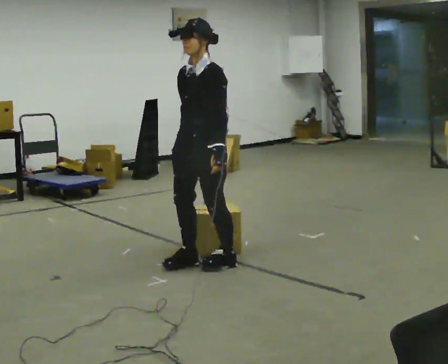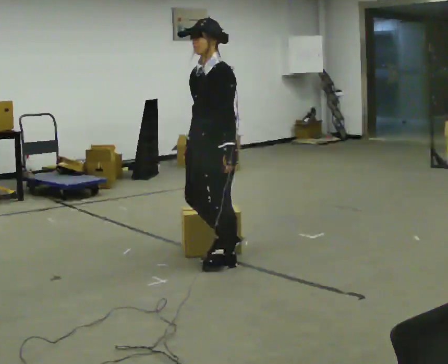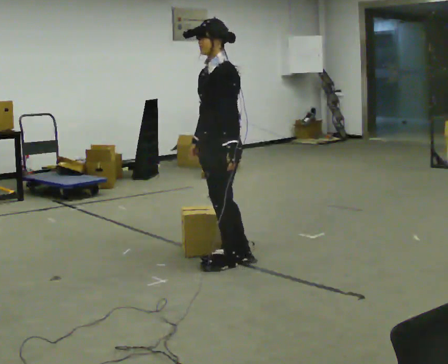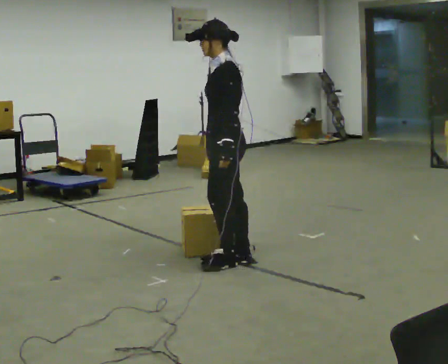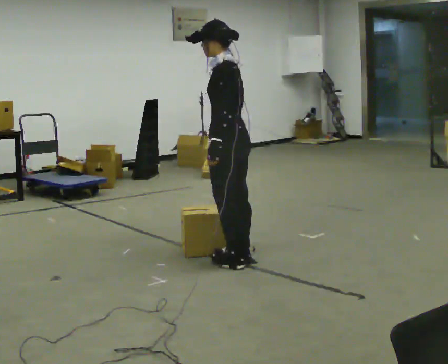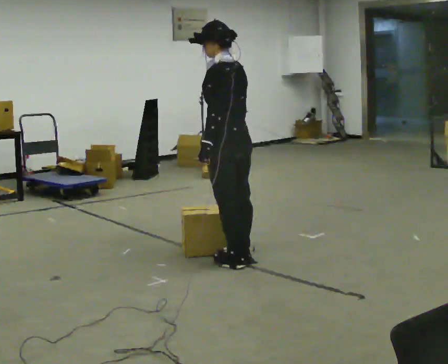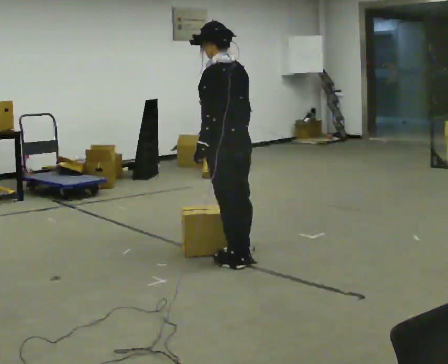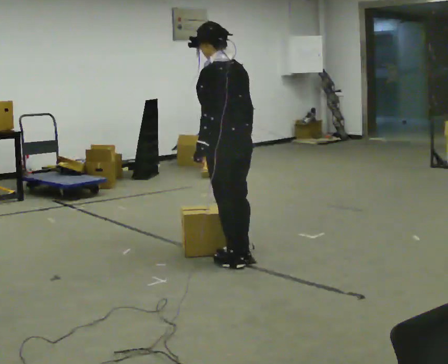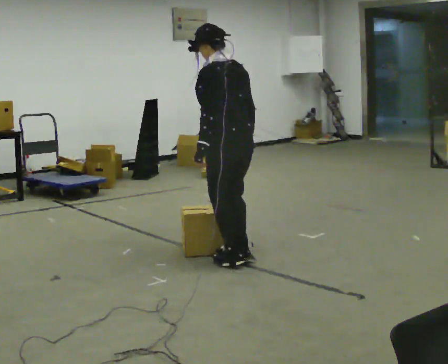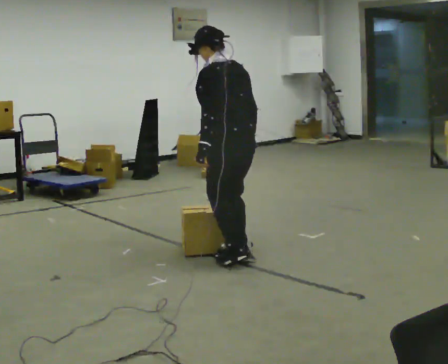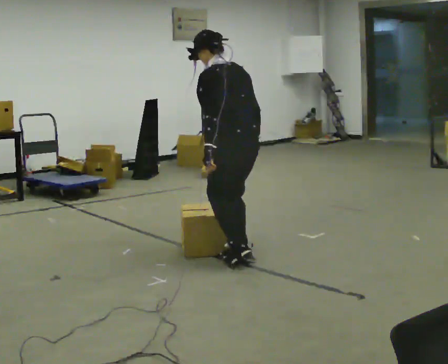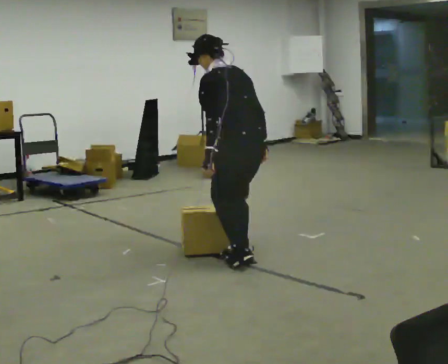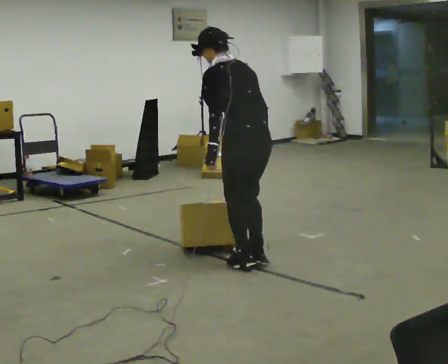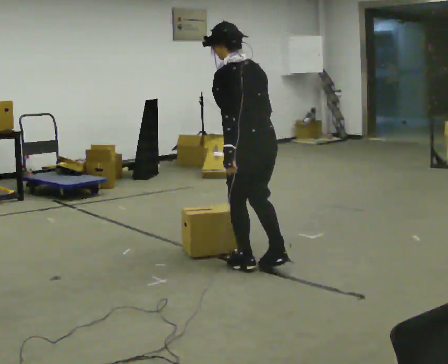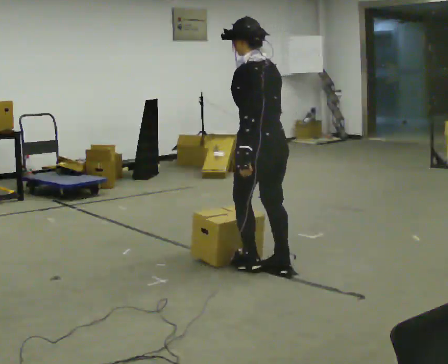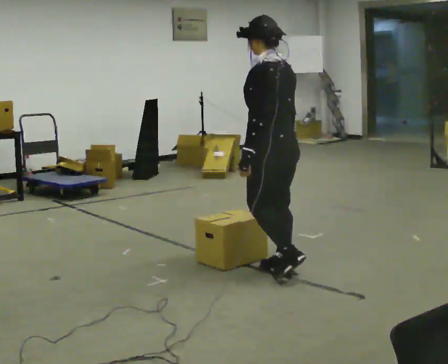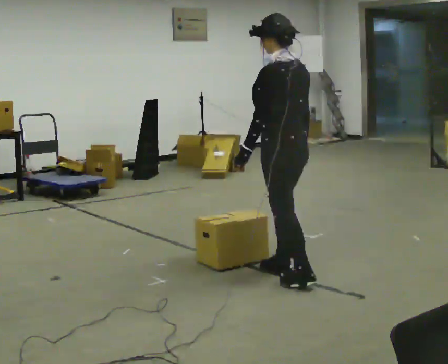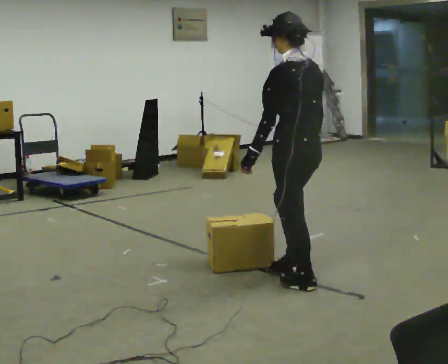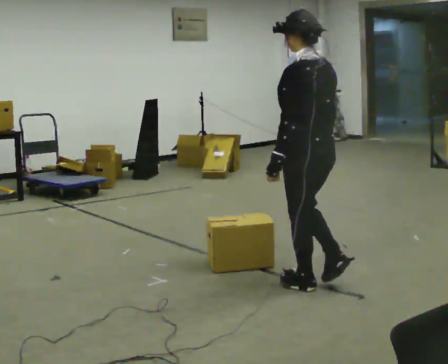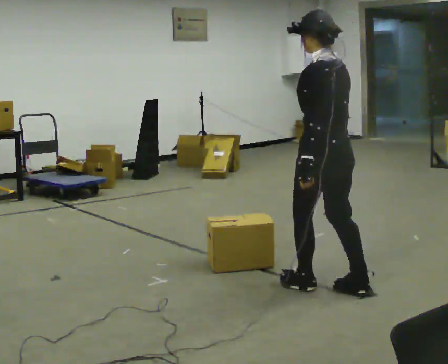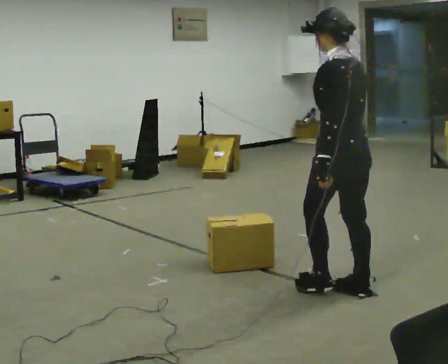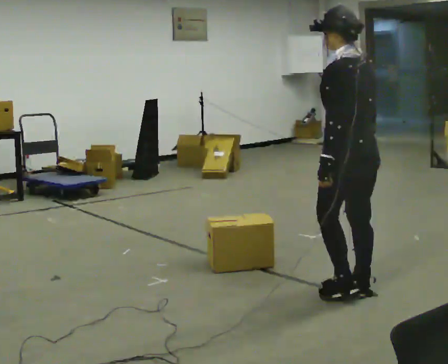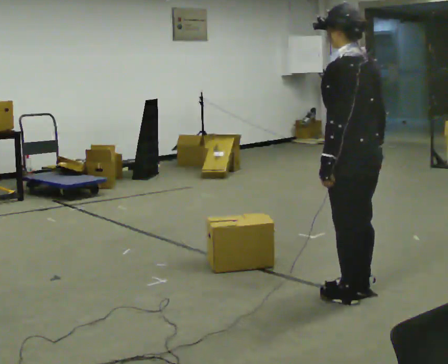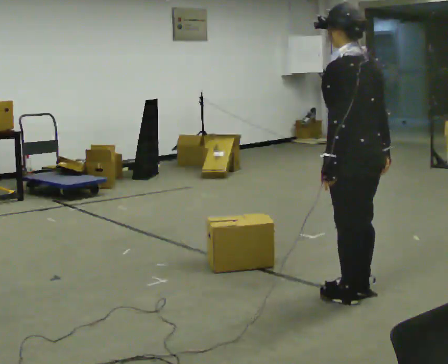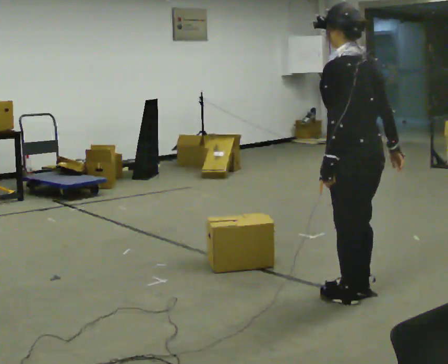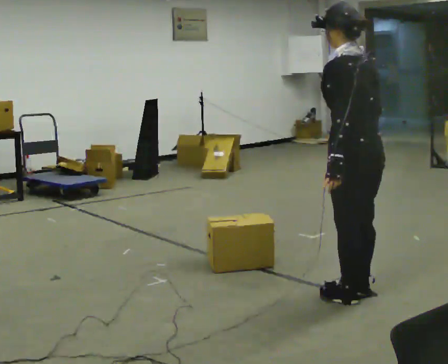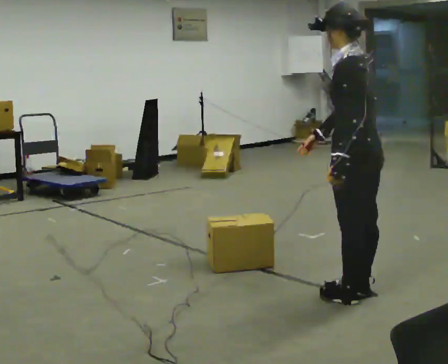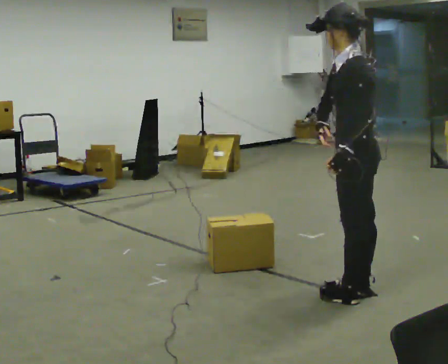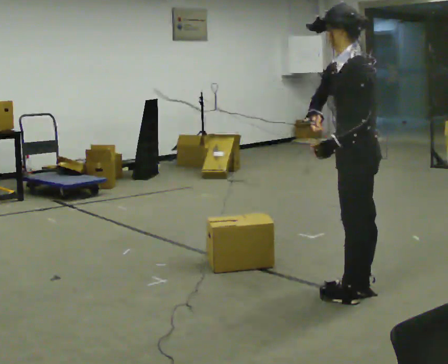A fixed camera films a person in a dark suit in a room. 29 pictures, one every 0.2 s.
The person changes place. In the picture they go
to the right.
0.0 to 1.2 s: Seen from above the body turns clockwise, about 75 degrees: to their right, with its near side sliding to the left. In the picture they go to the right, about 0.25 m in 1 step.
1.2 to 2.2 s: The person moves a little, or ends about where they began.
2.2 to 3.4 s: In the picture they go toward the camera and to the right, about 0.5 m in 3 steps, which for them is backward.
3.4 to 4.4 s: In the picture they go to the right and toward the camera, about 0.5 m in 1 step, which for them is backward.
4.4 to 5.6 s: Seen from above the body turns counterclockwise, about 45 degrees: to their left, with its near side sliding to the right. In the picture their right hand goes to the left, the arm swinging clockwise.
The film runs backward here.
